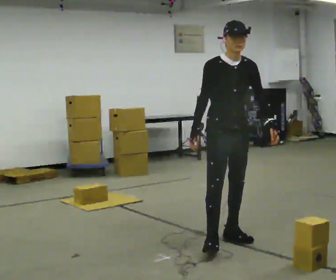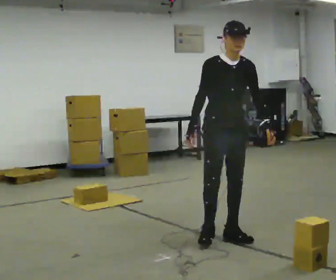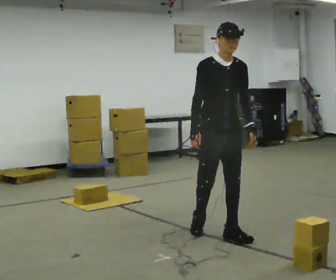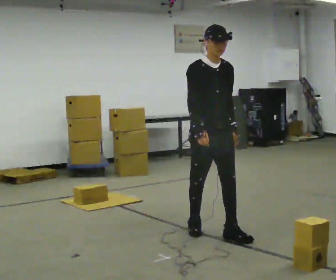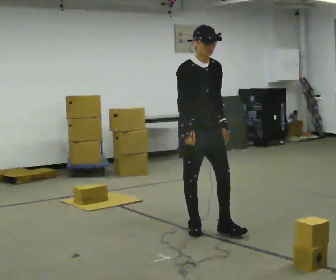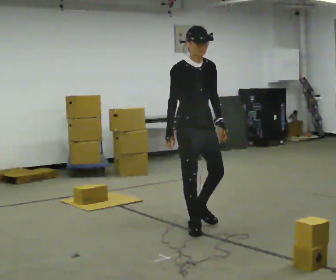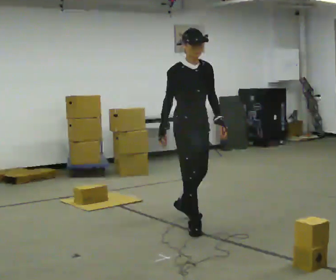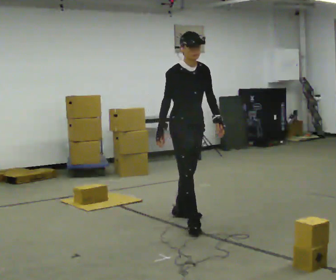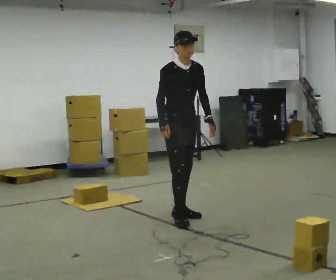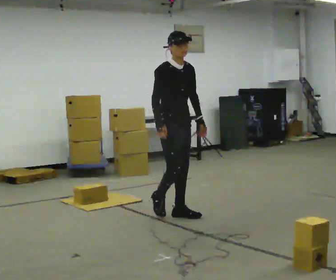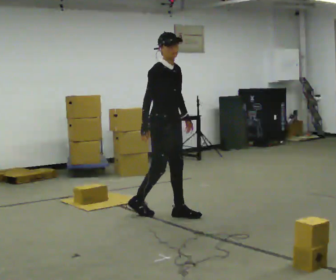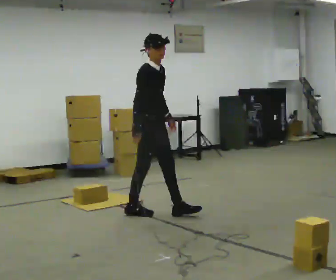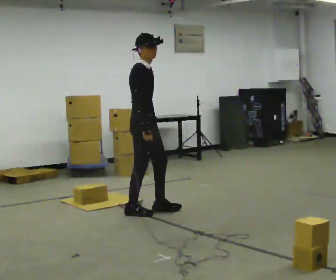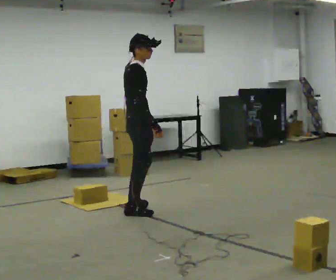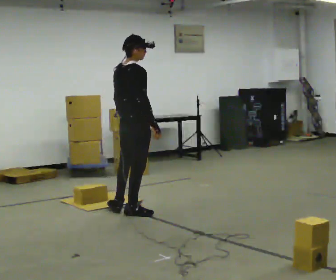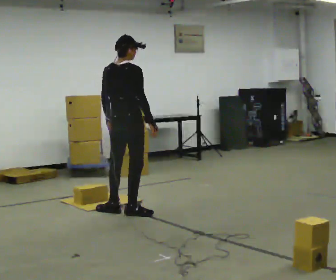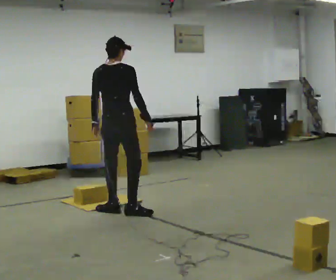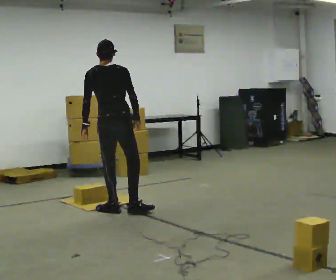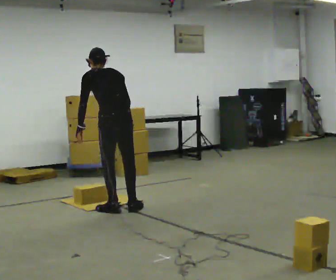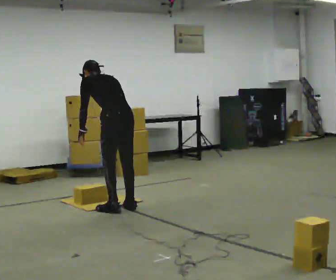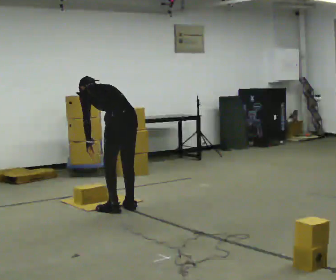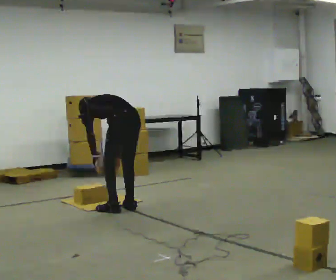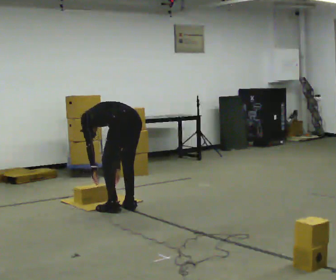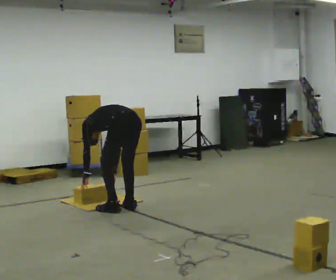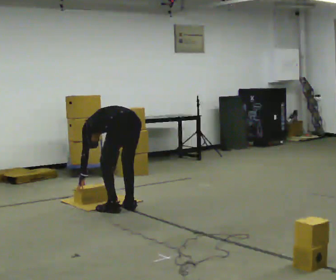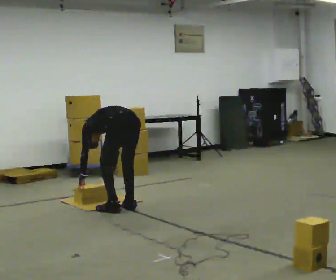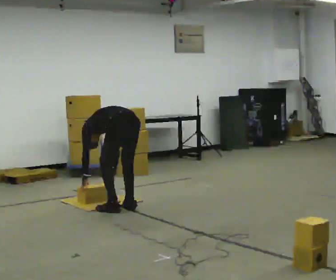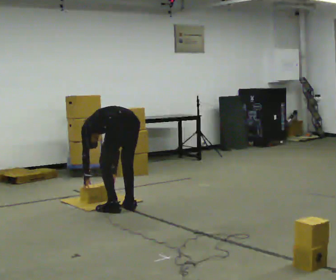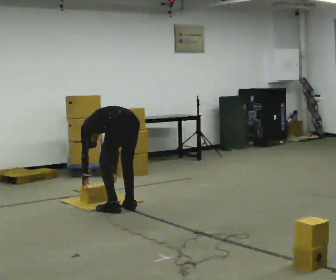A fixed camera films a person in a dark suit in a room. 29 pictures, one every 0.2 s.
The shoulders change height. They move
downward.
Their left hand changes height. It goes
downward.
0.0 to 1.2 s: In the picture they go away from the camera and to the left, about 0.5 m in 1 step, which for them is backward.
1.2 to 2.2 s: The person turns about 30 degrees to their left, counterclockwise seen from above, so the part of the body nearest the lens slides to the right. In the picture they go away from the camera and to the left, about 0.5 m in 1 step, which for them is backward.
2.2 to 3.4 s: The person turns about 120 degrees to their left, counterclockwise seen from above, so the part of the body nearest the lens slides to the right. In the picture they go to the left, about 0.25 m in 2 steps. The upper body tips away from the camera, its near side rolling upward.
3.4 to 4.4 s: Seen from above the body turns counterclockwise, about 45 degrees: to their left, with its near side sliding to the right. The shoulders move downward. In the picture the upper body tilts counterclockwise, shoulders to the left, as they bend forward. In the picture their left hand goes downward.
4.4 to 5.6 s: The upper body tips away from the camera, its near side rolling upward, as they bend forward.
The film runs backward here.
